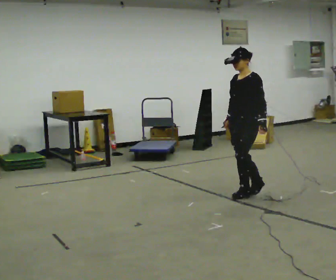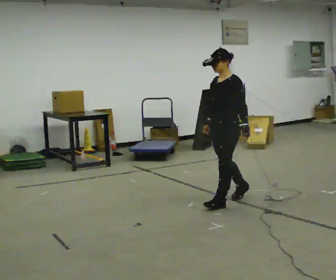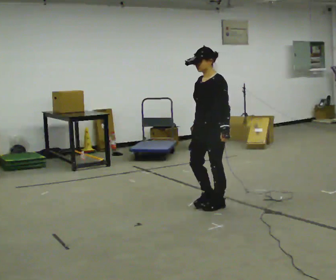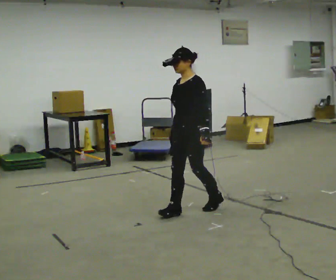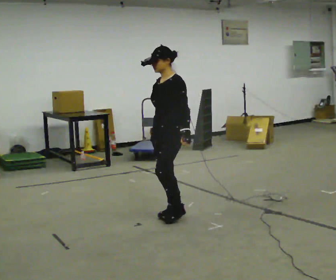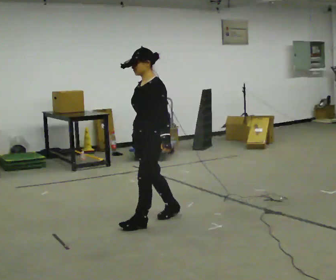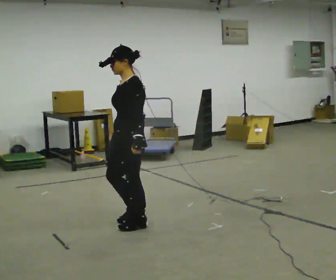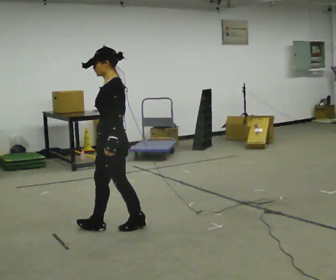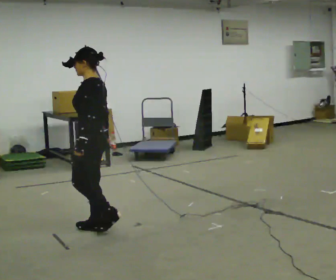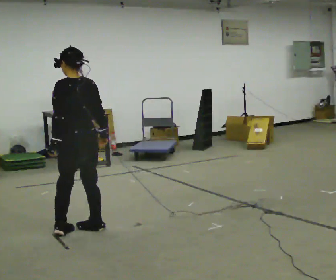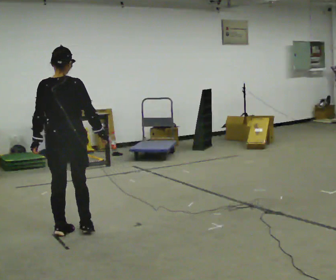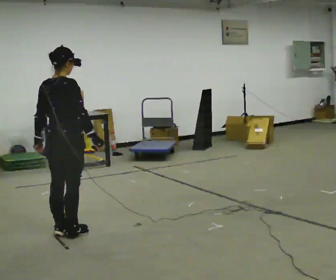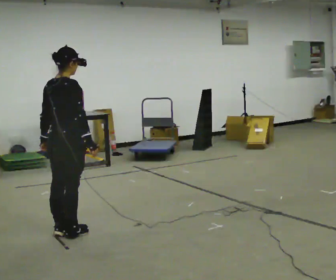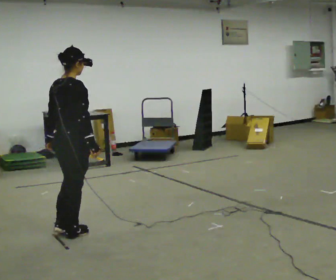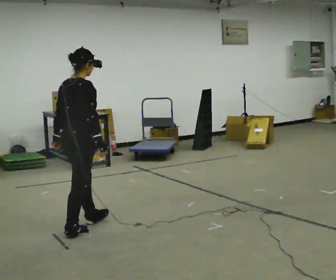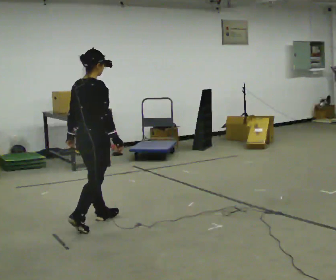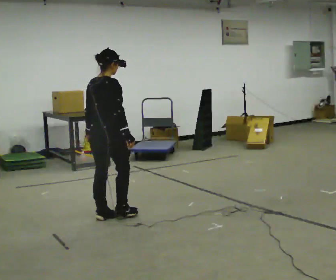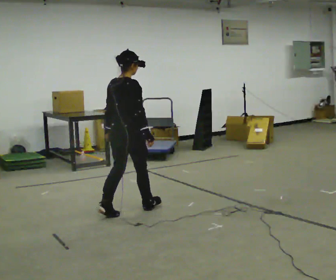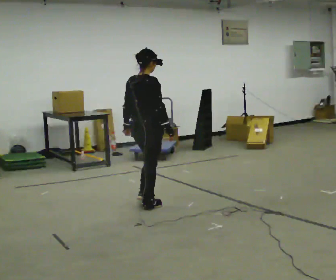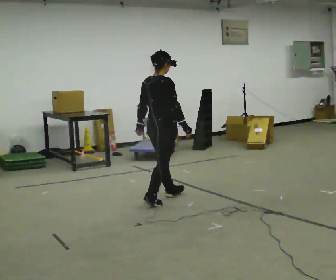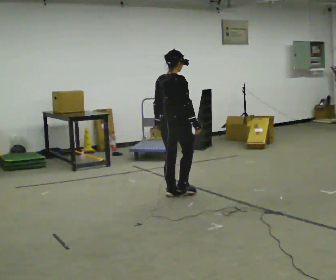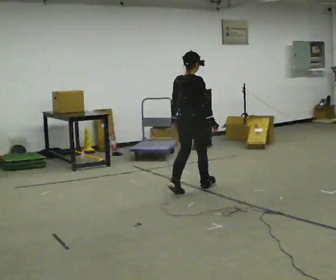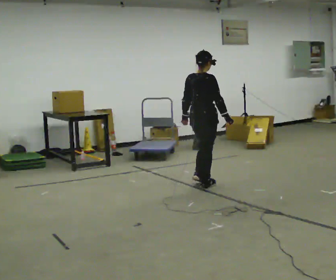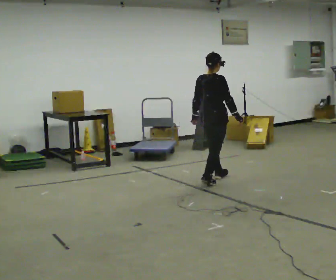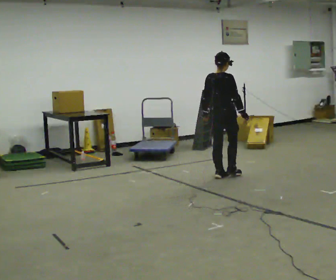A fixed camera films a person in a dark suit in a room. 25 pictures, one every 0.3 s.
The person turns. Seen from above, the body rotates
clockwise.
The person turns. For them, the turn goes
to their right.
0.0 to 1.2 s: In the picture they go to the left and toward the camera, about 1 m in 2 steps, which for them is forward.
1.2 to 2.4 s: The person turns about 45 degrees to their right, clockwise seen from above, so the part of the body nearest the lens slides to the left. In the picture they go to the left, about 0.75 m in 2 steps, which for them is forward.
2.4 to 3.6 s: The part of the body nearest the lens slides to the left as the person turns to their right by about 120 degrees. In the picture they go to the left, about 0.25 m in 2 steps.
3.6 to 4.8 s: In the picture they go away from the camera and to the right, about 0.5 m in 1 step, which for them is forward.
4.8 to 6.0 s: In the picture they go to the right and away from the camera, about 1 m in 2 steps, which for them is forward.
6.0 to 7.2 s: In the picture they go to the right and away from the camera, about 1 m in 2 steps, which for them is forward.
The film runs forward here.
